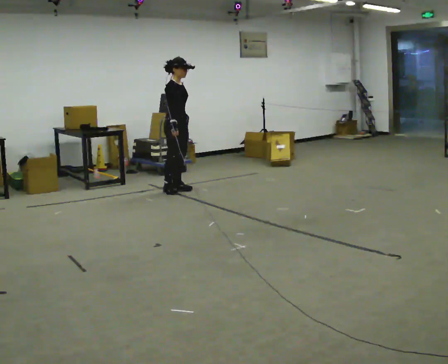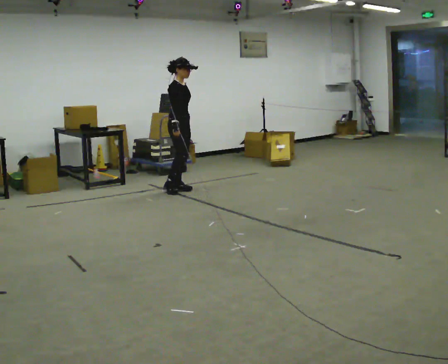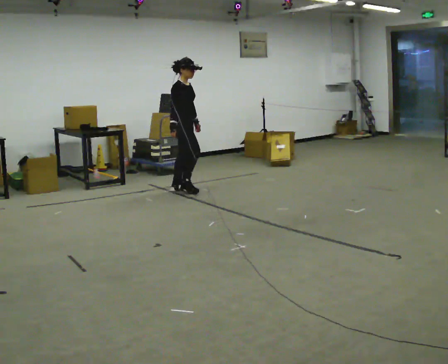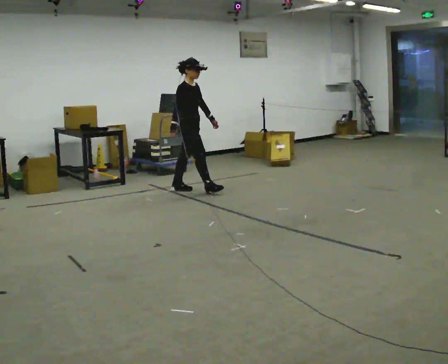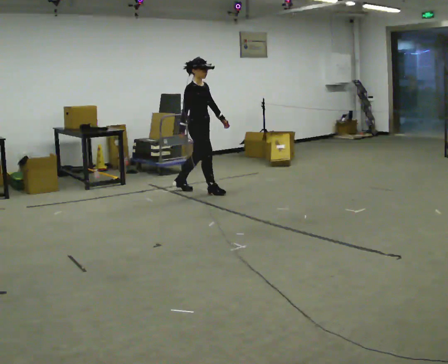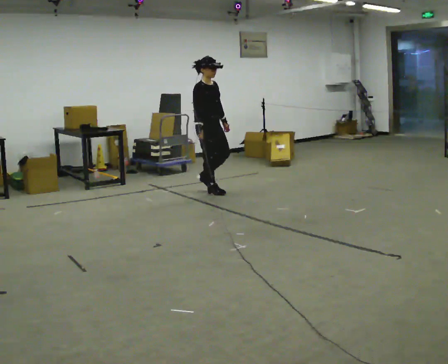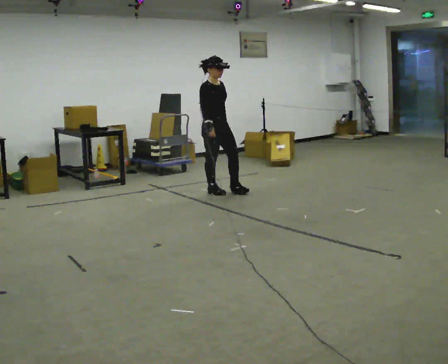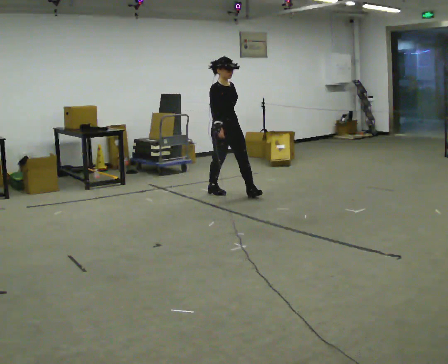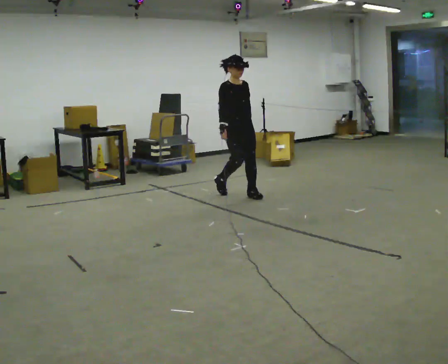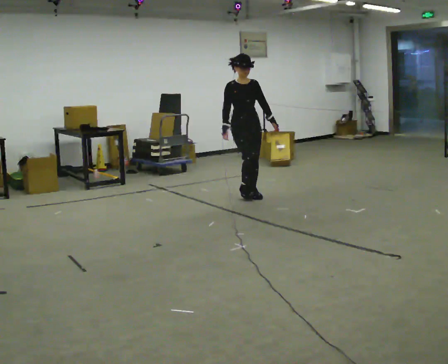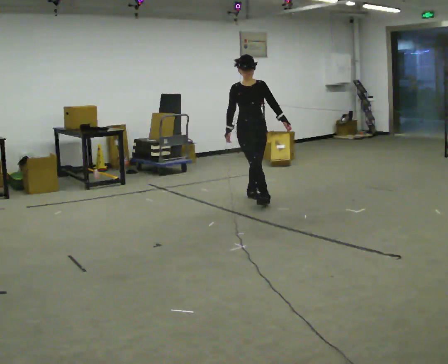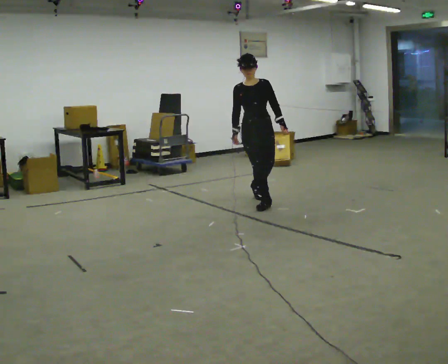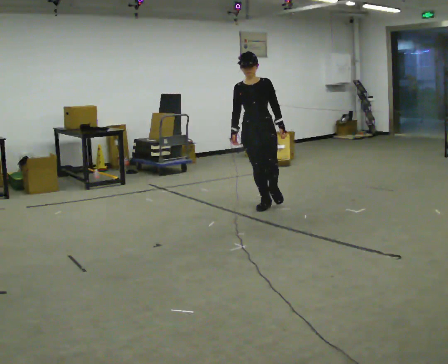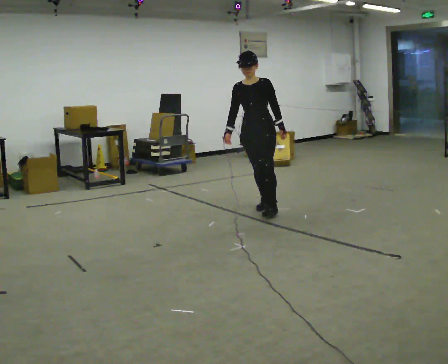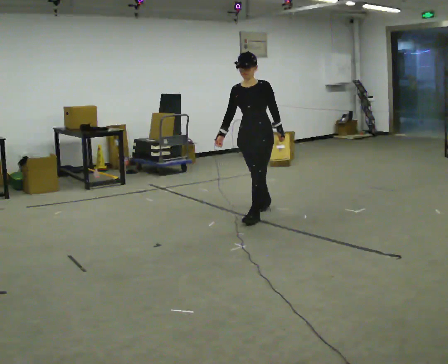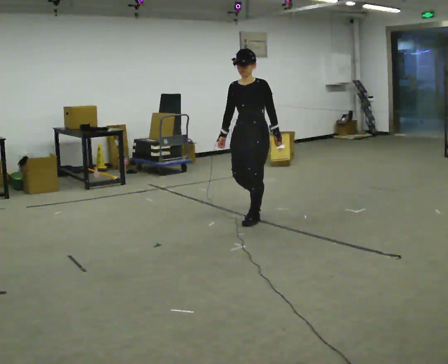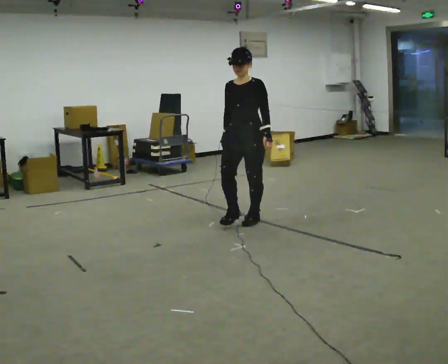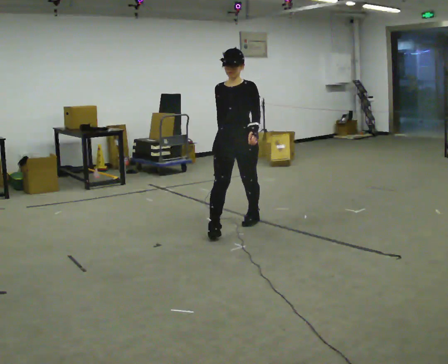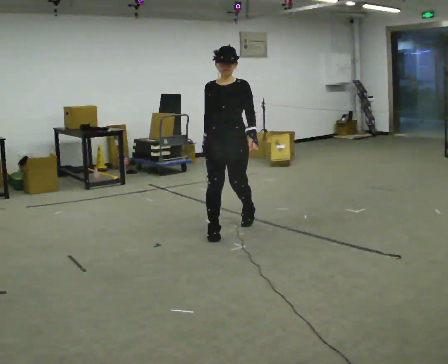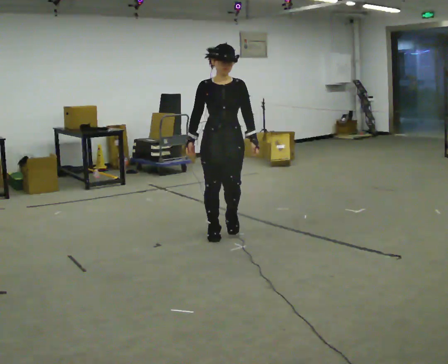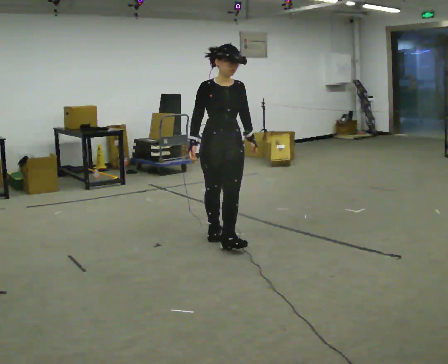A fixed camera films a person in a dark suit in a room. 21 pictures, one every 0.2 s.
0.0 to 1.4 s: The person turns about 30 degrees to their right, clockwise seen from above, so the part of the body nearest the lens slides to the left. In the picture they go to the right, about 0.75 m in 1 step, which for them is forward.
1.4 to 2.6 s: Seen from above the body turns clockwise, about 75 degrees: to their right, with its near side sliding to the left. In the picture they go toward the camera and to the right, about 1 m in 2 steps.
2.6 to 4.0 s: The person turns about 45 degrees to their left, counterclockwise seen from above, so the part of the body nearest the lens slides to the right. In the picture they go toward the camera, about 1 m in 2 steps, which for them is forward.
The film runs forward here.
